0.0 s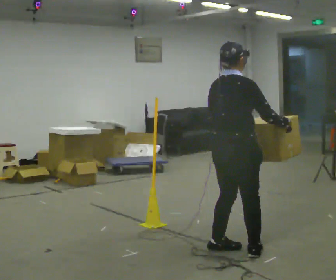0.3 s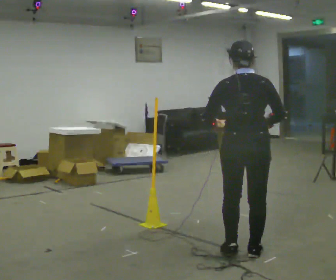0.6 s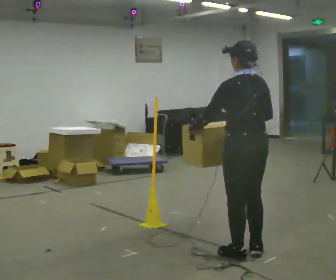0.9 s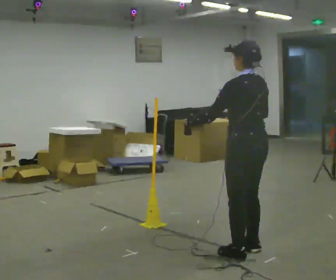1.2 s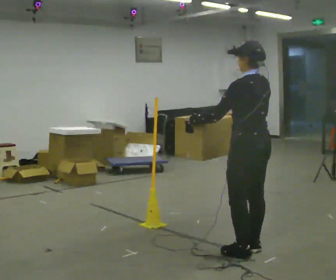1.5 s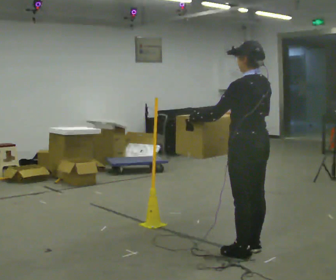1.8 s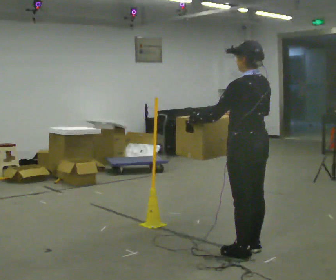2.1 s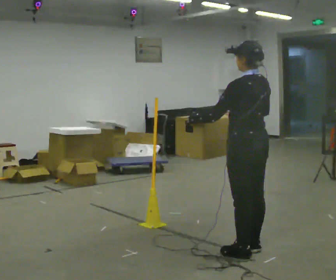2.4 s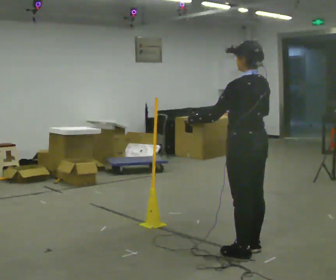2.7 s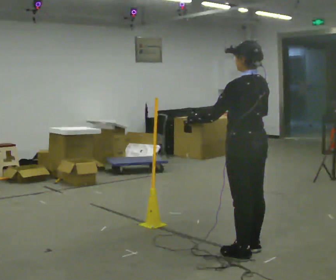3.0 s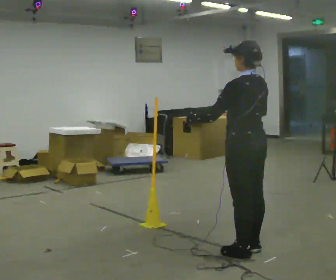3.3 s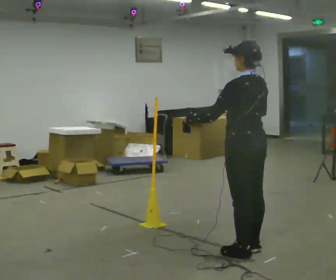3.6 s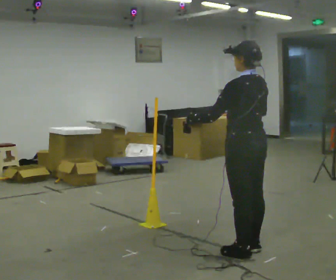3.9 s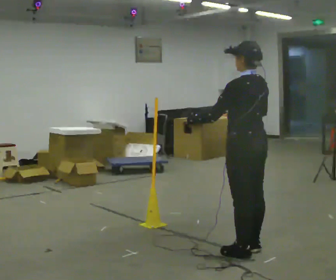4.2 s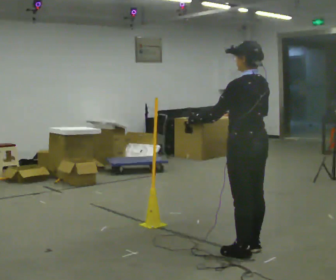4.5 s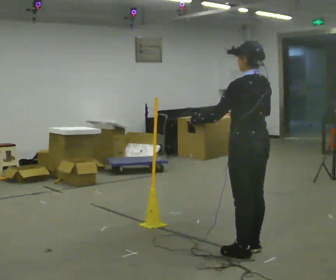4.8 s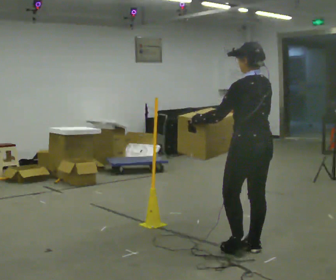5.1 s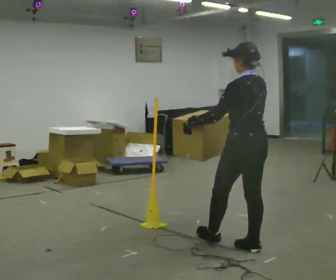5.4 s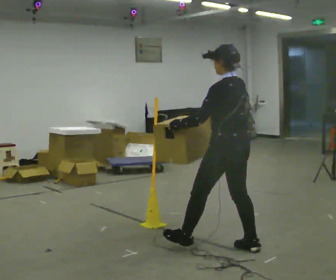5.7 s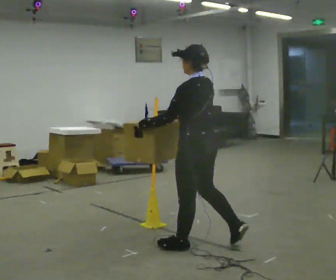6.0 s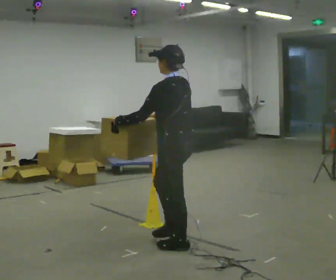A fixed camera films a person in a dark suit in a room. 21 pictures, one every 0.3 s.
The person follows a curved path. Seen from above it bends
counterclockwise.
The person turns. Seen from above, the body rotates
counterclockwise.
0.0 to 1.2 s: The part of the body nearest the lens slides to the right as the person turns to their left by about 90 degrees.
1.2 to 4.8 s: The person moves a little, or ends about where they began.
4.8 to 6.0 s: In the picture they go to the left, about 0.5 m in 1 step, which for them is forward and to their left.
The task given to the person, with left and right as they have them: Carry the box across the room. The operator will step into your path partway across, so go around them and carry on. Keep going until the operator says stop; one object at a time, and do not rush between trips.
The film runs forward here.
